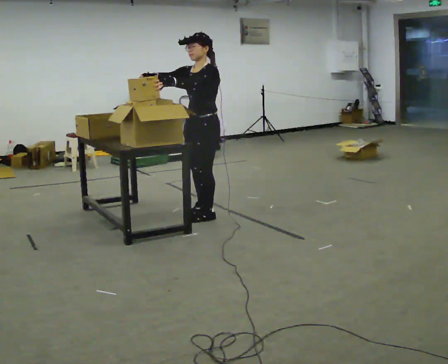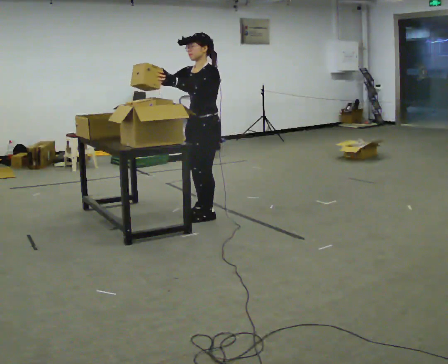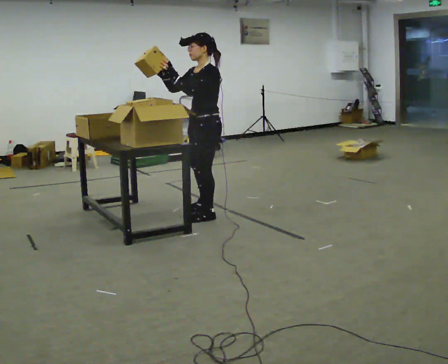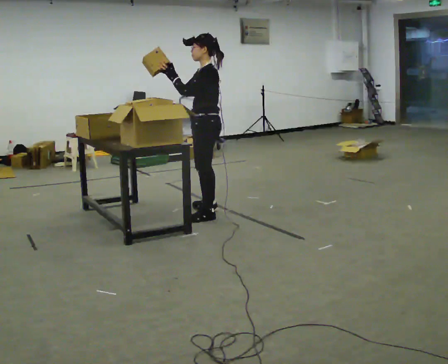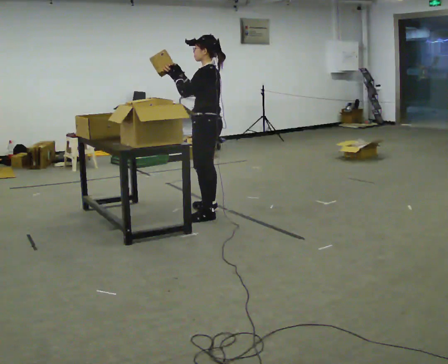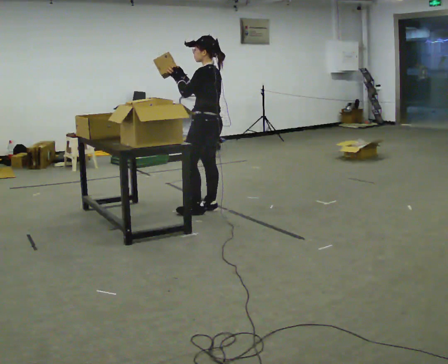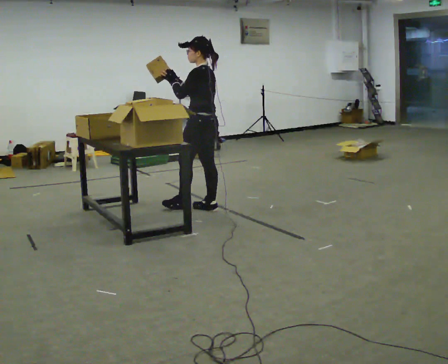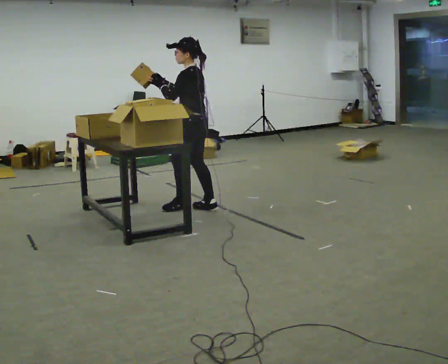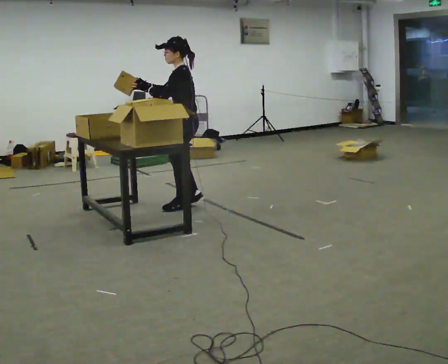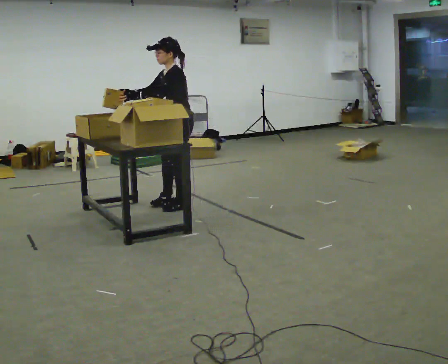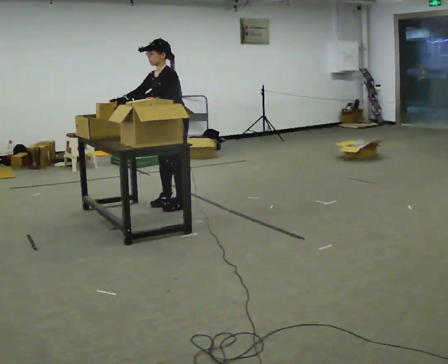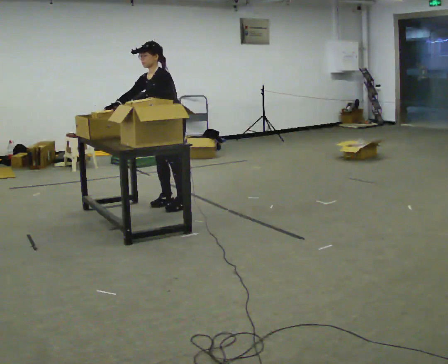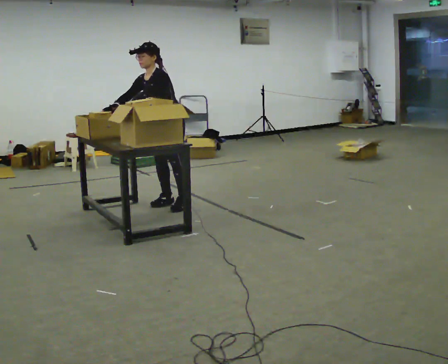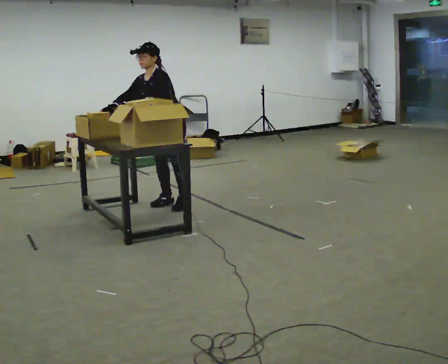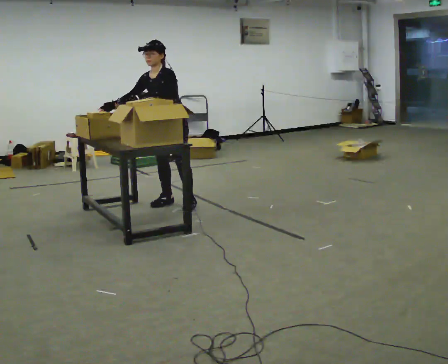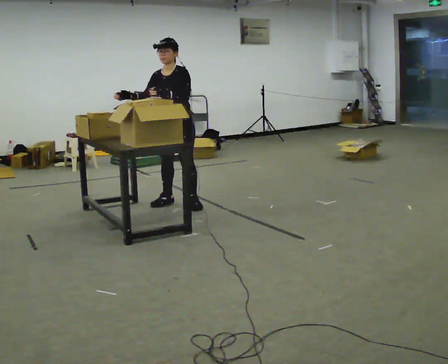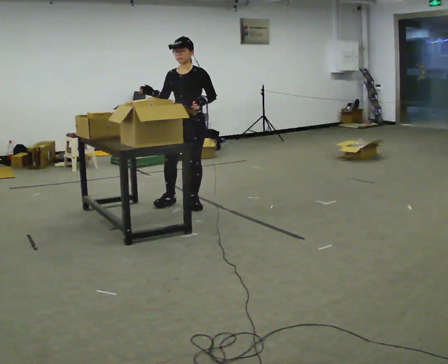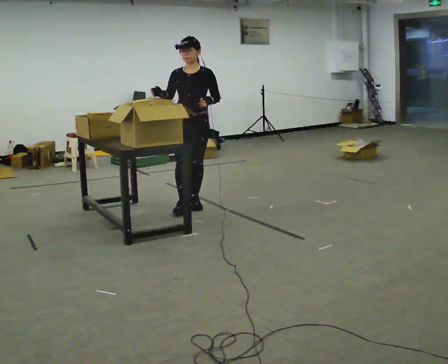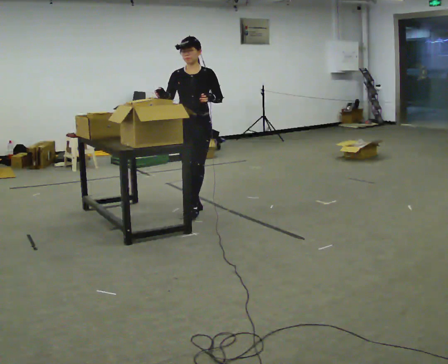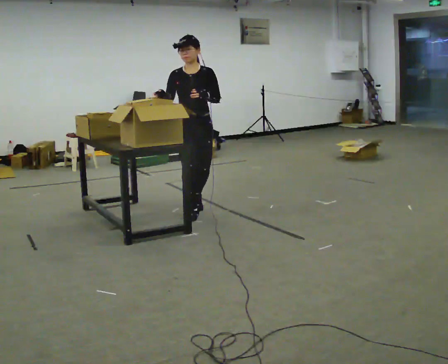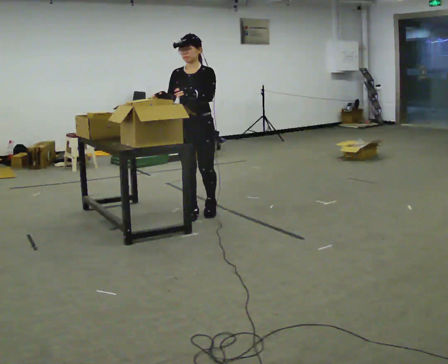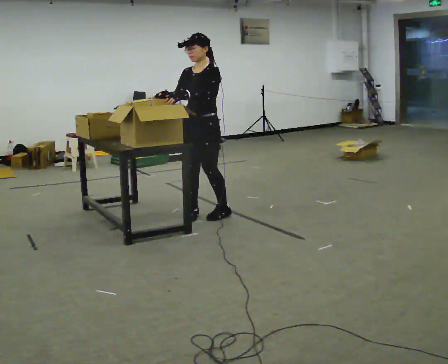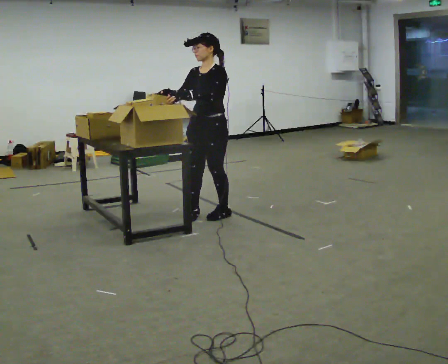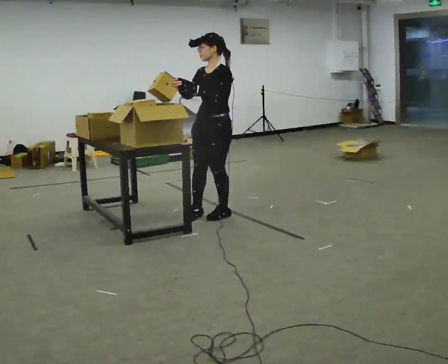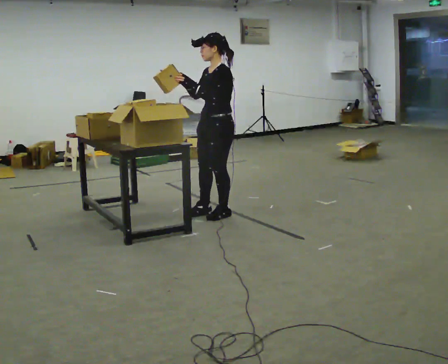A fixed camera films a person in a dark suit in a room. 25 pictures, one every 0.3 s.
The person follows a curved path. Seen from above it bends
clockwise.
0.0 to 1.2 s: The person turns about 45 degrees to their right, clockwise seen from above, so the part of the body nearest the lens slides to the left.
1.2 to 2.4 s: In the picture they go to the left and away from the camera, about 0.25 m in 1 step, which for them is forward.
2.4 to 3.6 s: The part of the body nearest the lens slides to the right as the person turns to their left by about 45 degrees. In the picture they go away from the camera and to the left, about 0.25 m in 1 step, which for them is to their right. In the picture the upper body tilts counterclockwise, shoulders to the left, as they bend forward.
3.6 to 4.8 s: Seen from above the body turns counterclockwise, about 30 degrees: to their left, with its near side sliding to the right. In the picture they go to the right, about 0.25 m, which for them is to their left. In the picture the upper body tilts clockwise, shoulders to the right, as they lean back or straighten. In the picture their left hand goes to the right.
4.8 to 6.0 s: In the picture they go toward the camera, about 0.25 m in 1 step, which for them is forward.
6.0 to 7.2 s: The person turns about 45 degrees to their right, clockwise seen from above, so the part of the body nearest the lens slides to the left. In the picture they go to the right, about 0.25 m in 1 step, which for them is to their left.
The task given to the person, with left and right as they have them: Move the items from one container to the other one at a time, then move them back. Repeat at your own pace until the operator says stop. Keep both feet on the marked spots for the whole take. If you have to step, stop and tell the operator.
The film runs forward here.
